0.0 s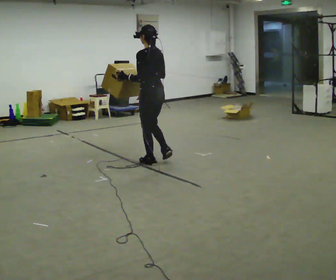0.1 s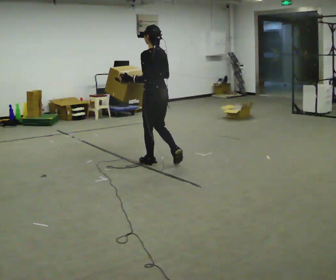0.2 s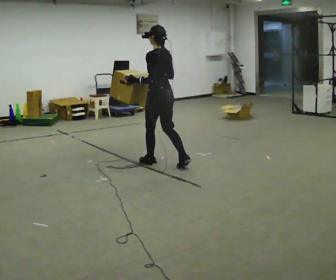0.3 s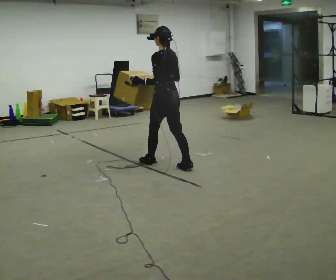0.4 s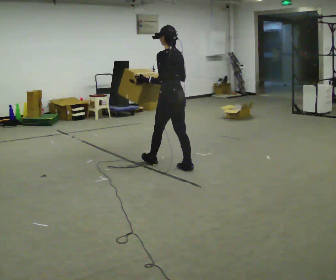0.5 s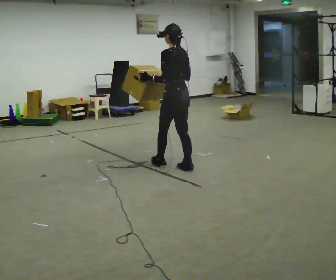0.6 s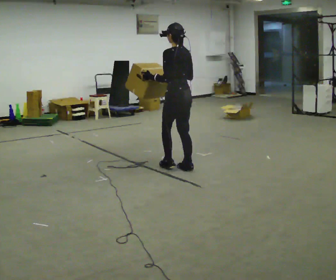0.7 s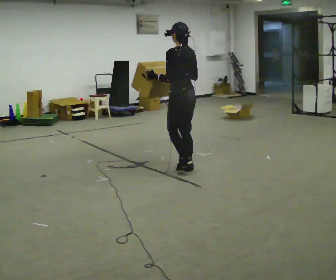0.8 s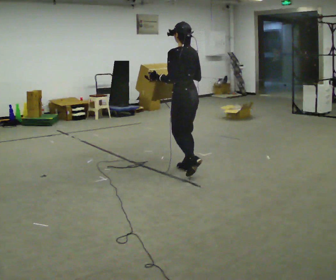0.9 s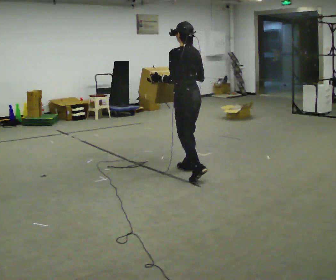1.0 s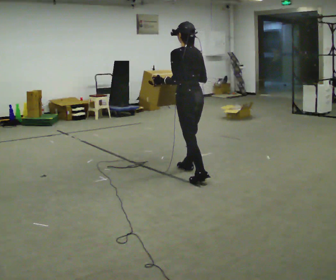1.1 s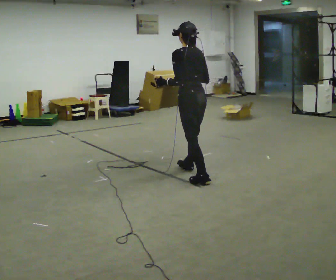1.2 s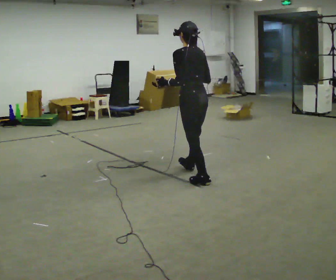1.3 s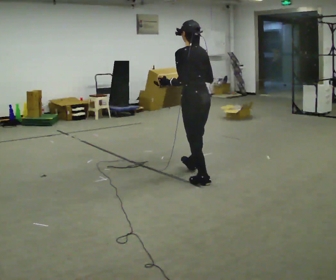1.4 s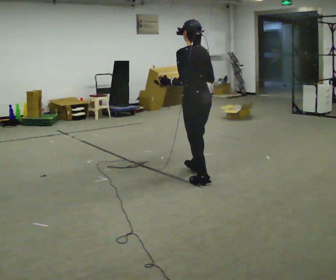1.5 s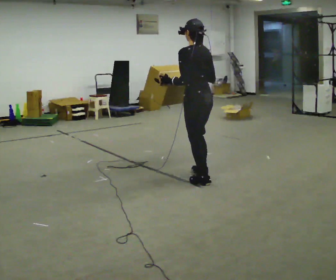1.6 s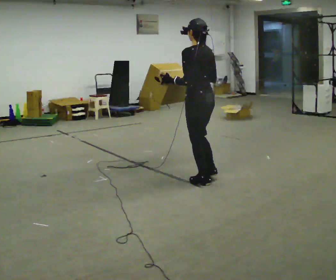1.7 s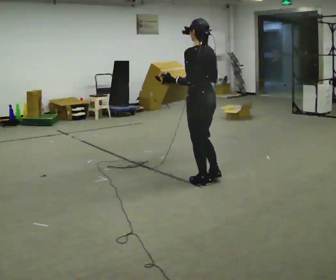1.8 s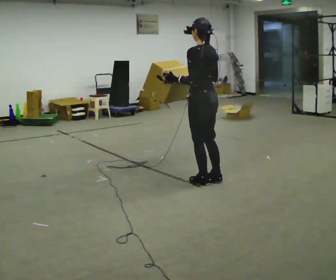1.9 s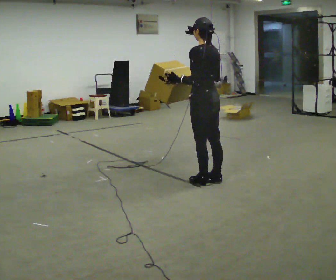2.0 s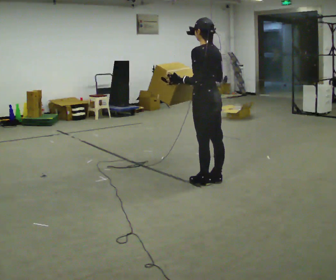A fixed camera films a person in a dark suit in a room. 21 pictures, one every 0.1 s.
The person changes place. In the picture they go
to the right.
0.0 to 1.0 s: In the picture they go to the right, about 0.5 m in 1 step, which for them is backward.
1.0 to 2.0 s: In the picture they go to the right and toward the camera, about 0.25 m in 1 step, which for them is backward.
The film runs backward here.
